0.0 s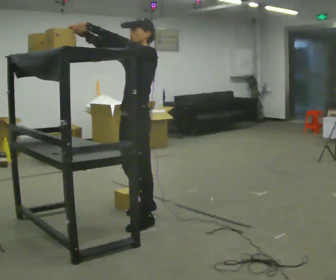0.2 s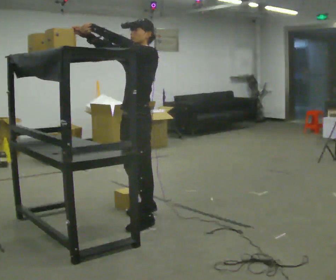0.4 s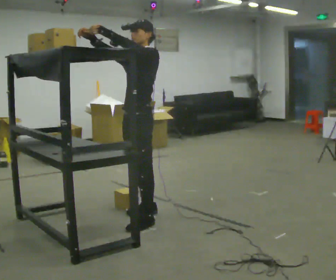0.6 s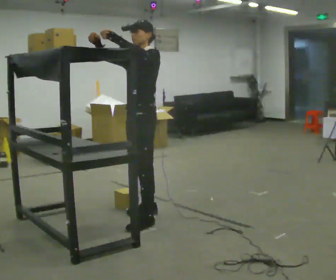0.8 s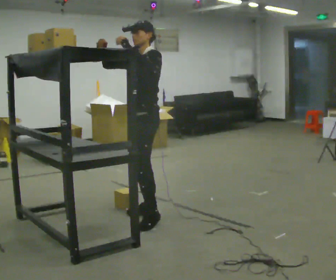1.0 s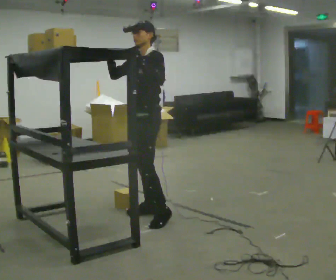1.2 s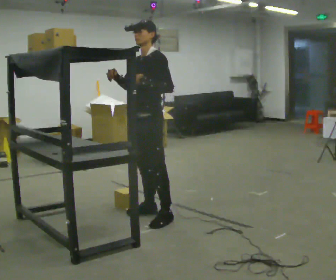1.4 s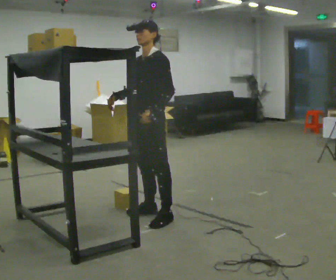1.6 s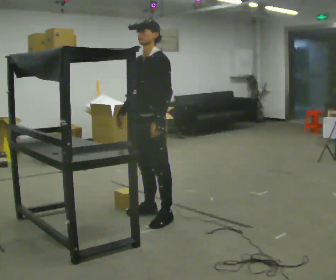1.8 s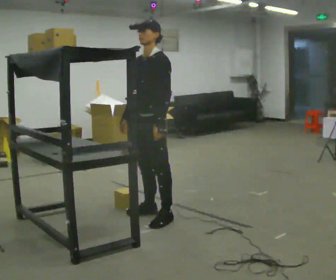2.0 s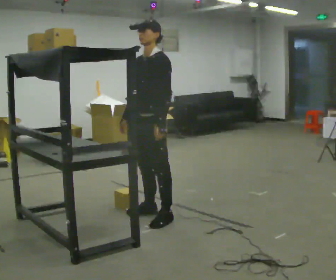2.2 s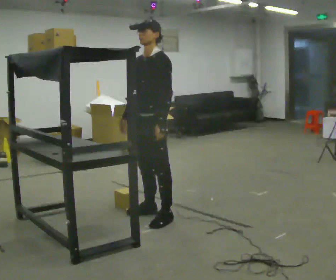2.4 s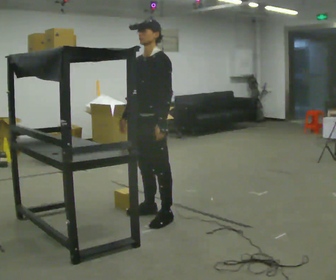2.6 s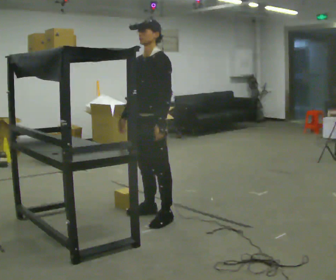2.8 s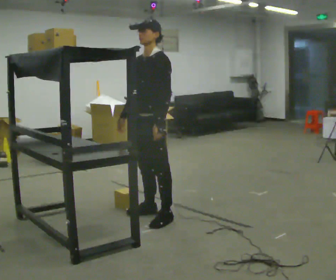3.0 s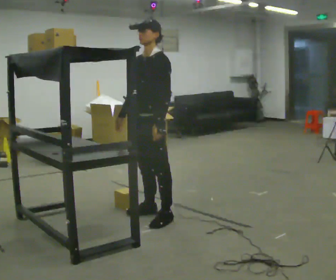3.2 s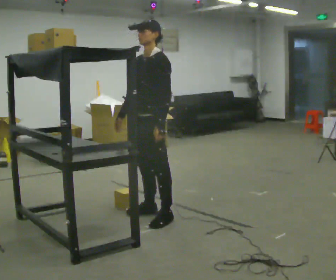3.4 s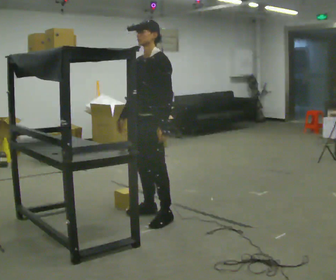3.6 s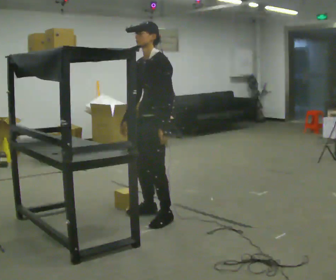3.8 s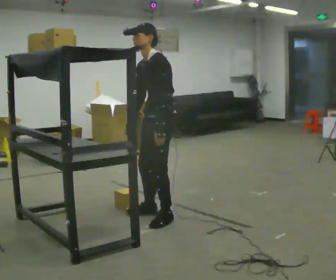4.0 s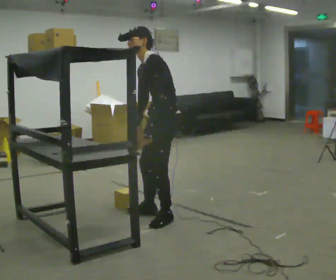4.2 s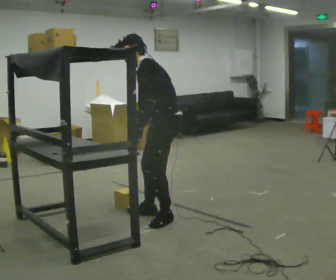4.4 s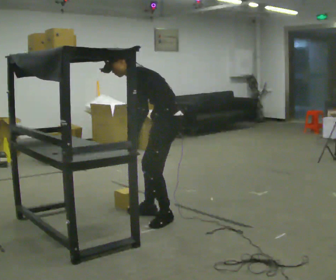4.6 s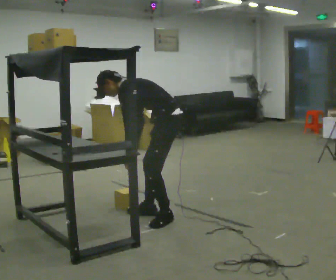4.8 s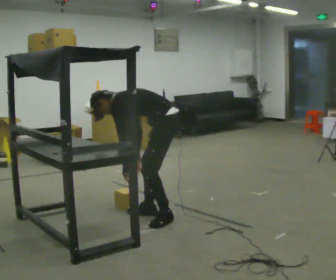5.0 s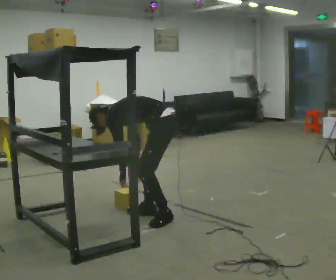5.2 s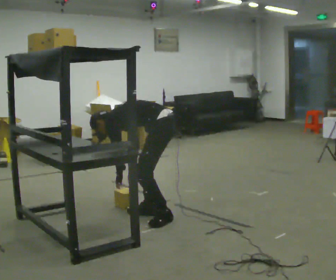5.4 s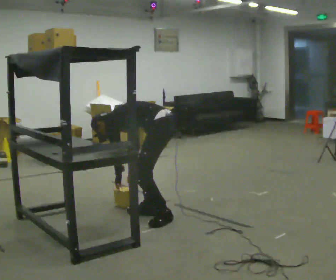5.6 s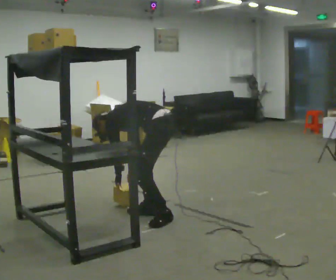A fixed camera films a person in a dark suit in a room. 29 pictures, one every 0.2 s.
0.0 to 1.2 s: In the picture they go away from the camera, about 0.25 m in 1 step, which for them is backward. In the picture their left hand goes downward and to the right.
1.2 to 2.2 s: In the picture their right hand goes downward, the arm swinging counterclockwise.
2.2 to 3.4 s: The person moves a little, or ends about where they began.
3.4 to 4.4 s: The part of the body nearest the lens slides to the left as the person turns to their right by about 30 degrees. The upper body goes downward. In the picture the upper body tilts counterclockwise, shoulders to the left, as they bend forward.
4.4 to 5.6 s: The shoulders move downward. The upper body tips away from the camera, its near side rolling upward, as they bend forward. In the picture their left hand goes downward.
The film runs backward here.
